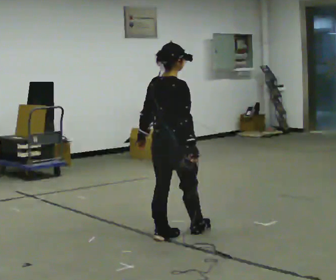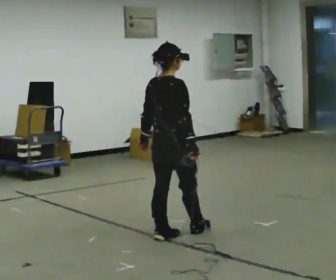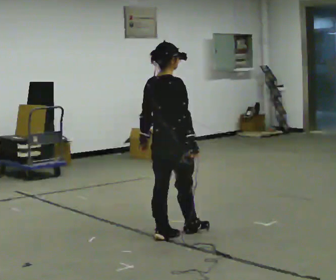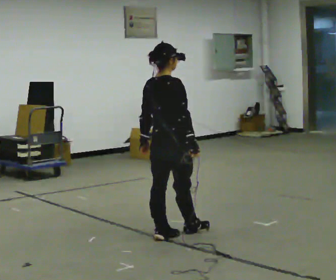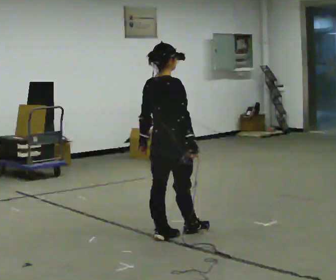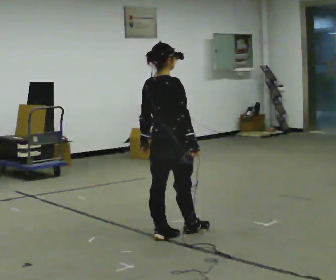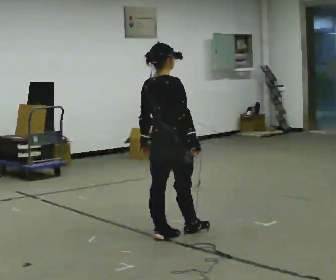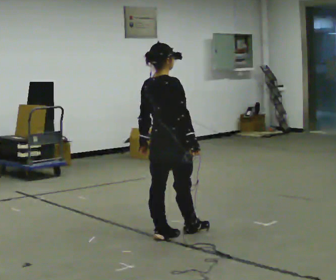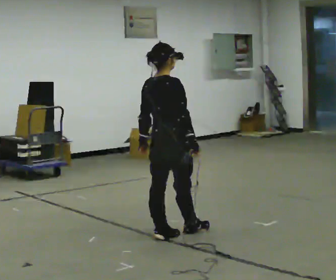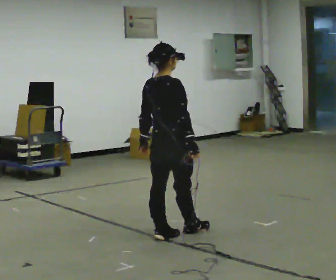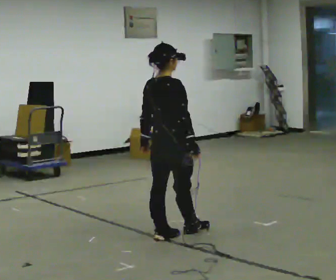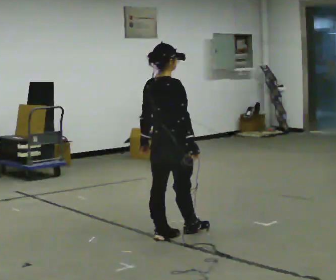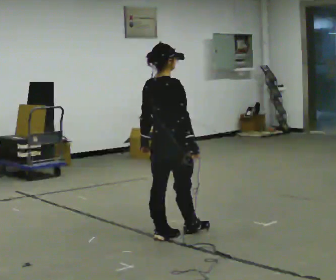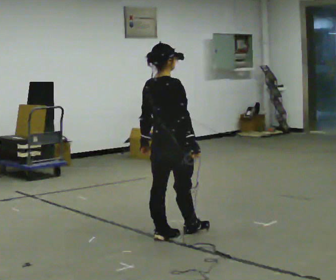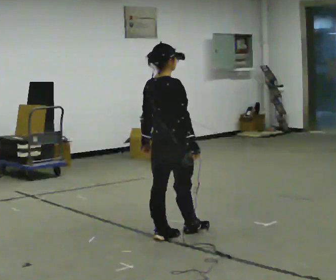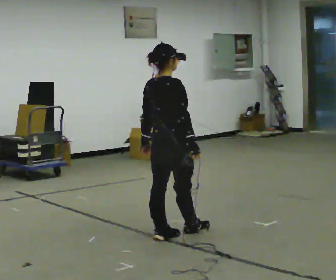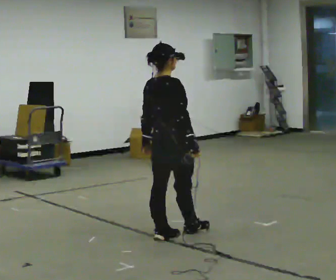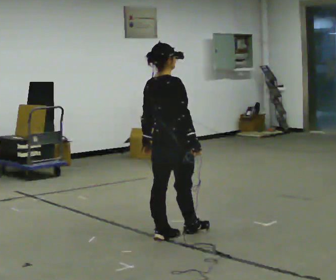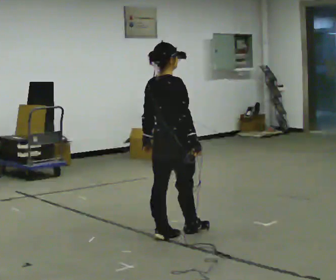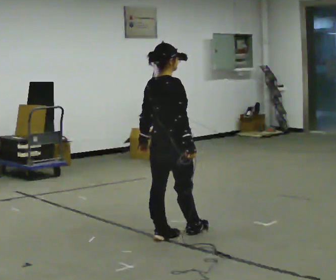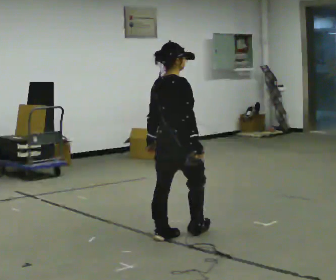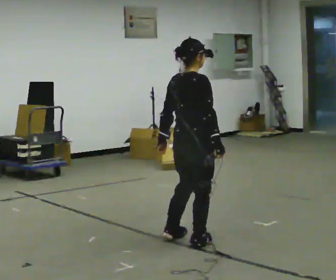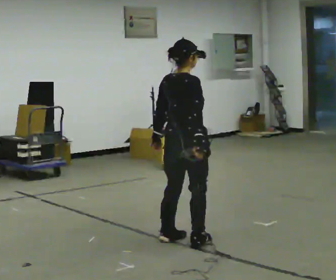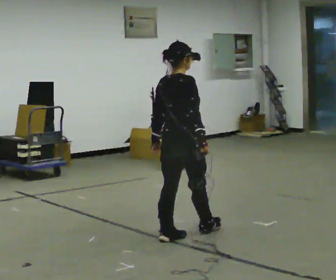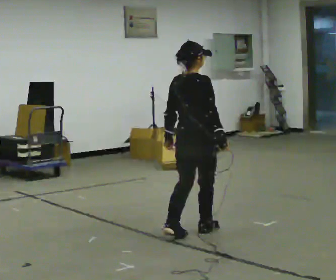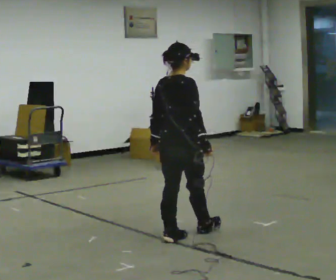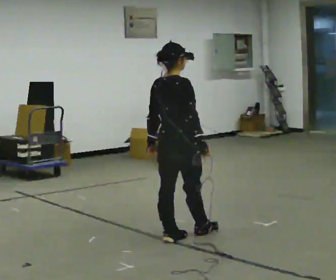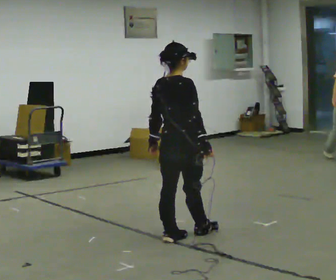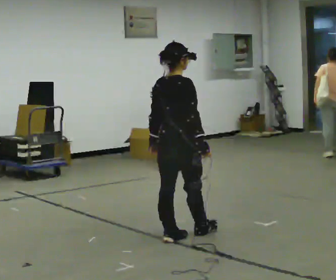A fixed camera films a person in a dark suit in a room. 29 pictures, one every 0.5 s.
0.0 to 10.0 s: The person moves a little, or ends about where they began.
10.0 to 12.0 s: In the picture they go away from the camera and to the right, about 0.25 m in 2 steps, which for them is forward.
12.0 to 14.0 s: The person moves a little, or ends about where they began.
The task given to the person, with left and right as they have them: Stand with one foot directly in front of the other, heel to toe, on the marked line. Hold your balance until you lose it, then step out. Repeat at your own pace until the operator says stop. Go slowly and only as far as you are comfortable. Step whenever you need to; do not try to hold on longer than feels safe.
The film runs forward here.
